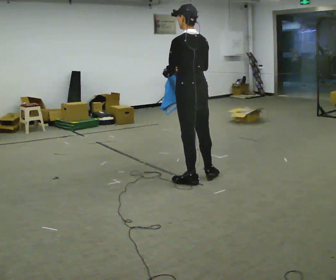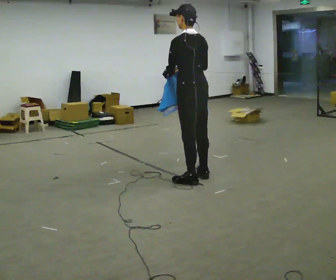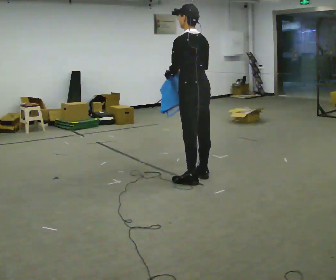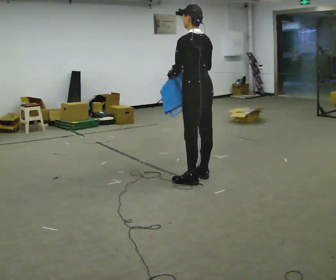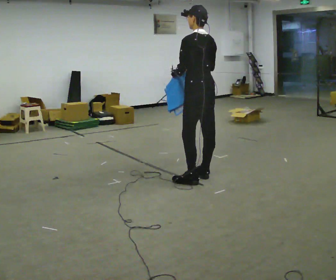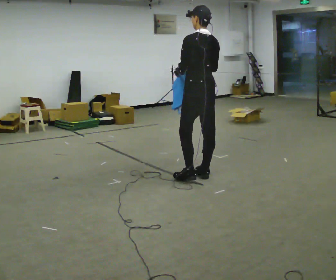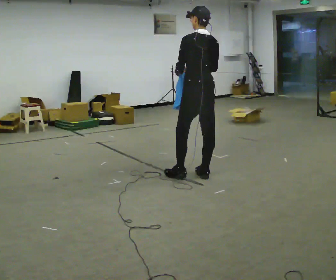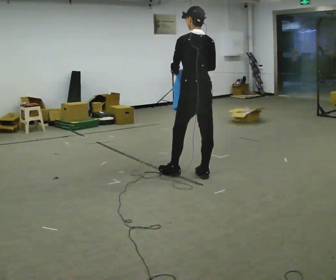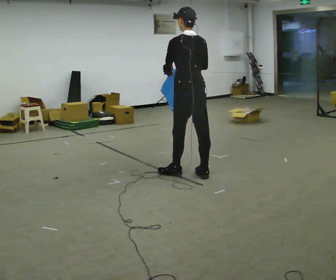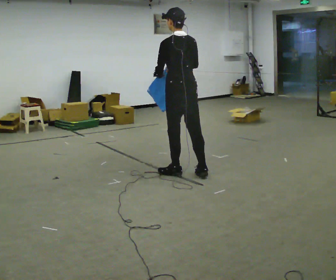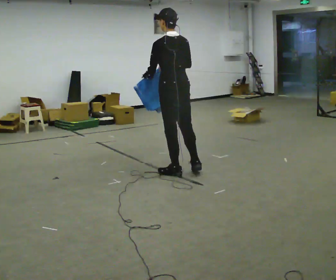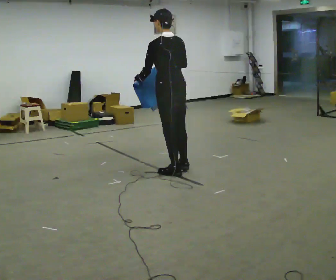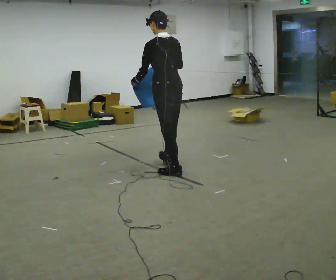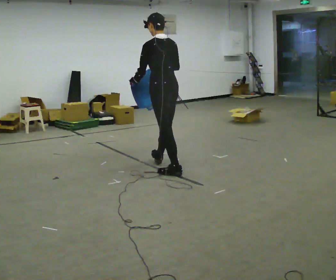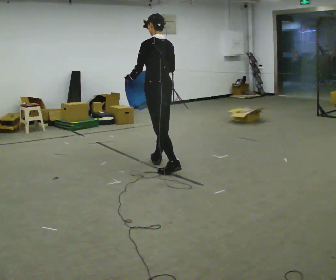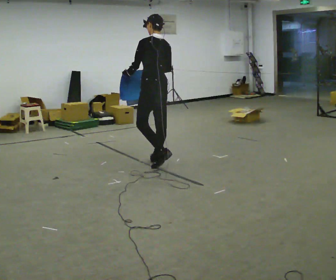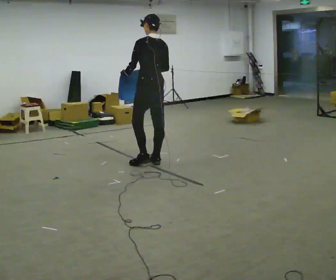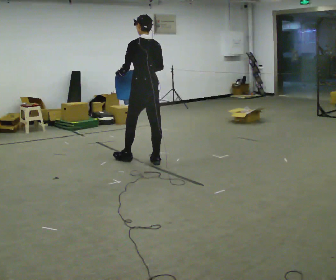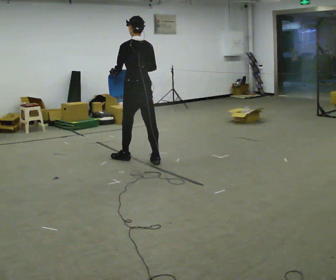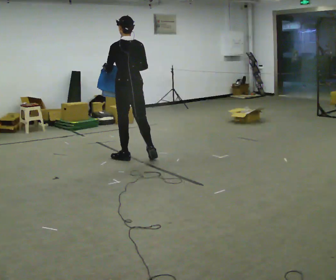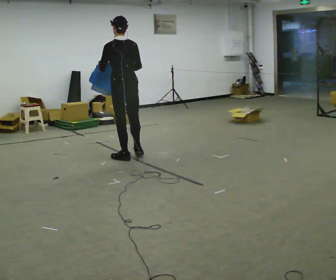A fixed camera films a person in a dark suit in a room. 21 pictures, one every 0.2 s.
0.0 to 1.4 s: In the picture they go away from the camera, about 0.25 m, which for them is to their right.
1.4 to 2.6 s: In the picture they go to the left, about 0.5 m in 2 steps, which for them is forward.
2.6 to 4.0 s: In the picture they go to the left and away from the camera, about 0.75 m in 1 step, which for them is forward.
The film runs forward here.
